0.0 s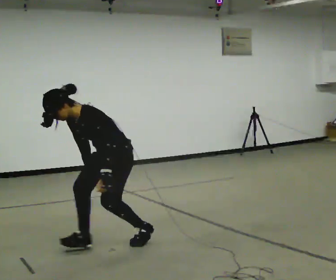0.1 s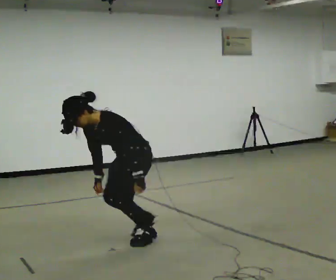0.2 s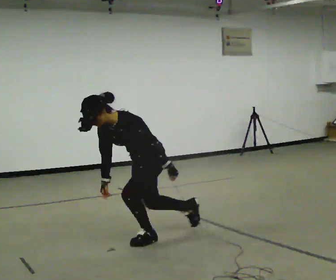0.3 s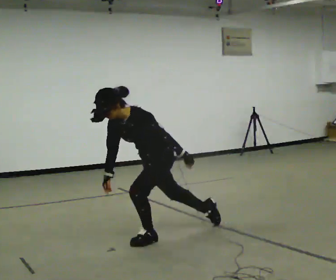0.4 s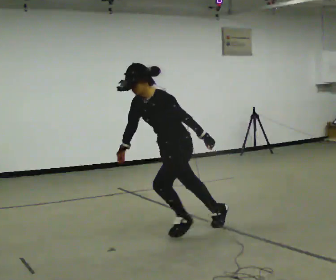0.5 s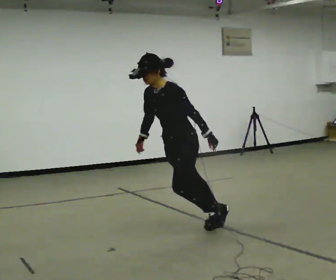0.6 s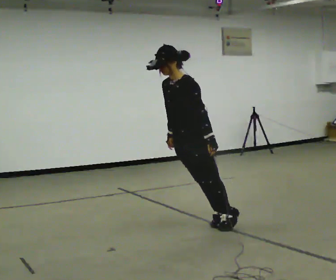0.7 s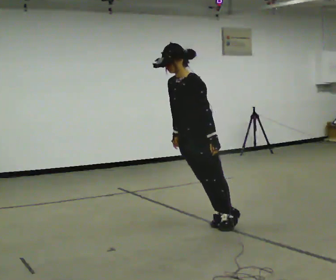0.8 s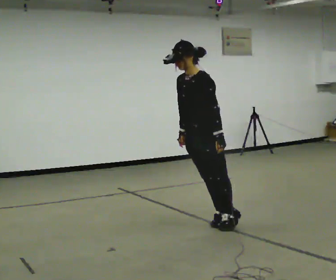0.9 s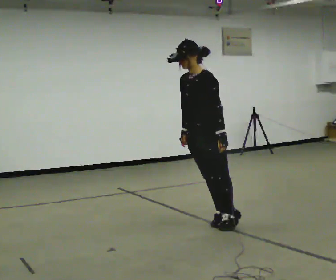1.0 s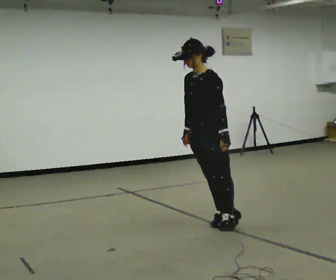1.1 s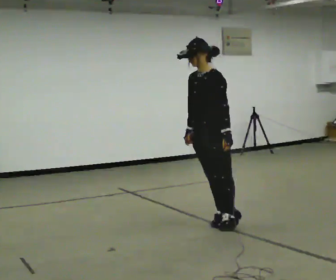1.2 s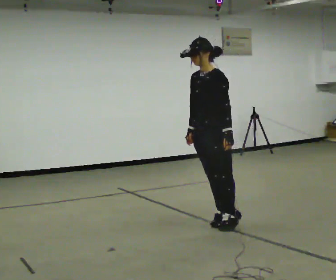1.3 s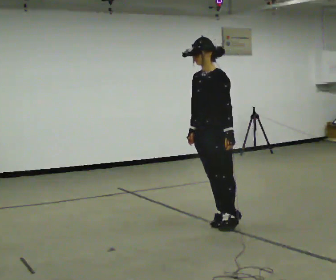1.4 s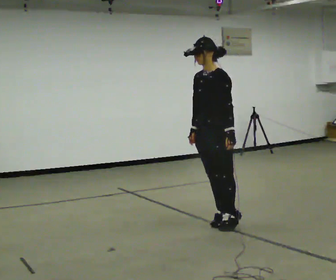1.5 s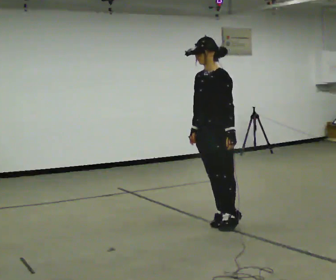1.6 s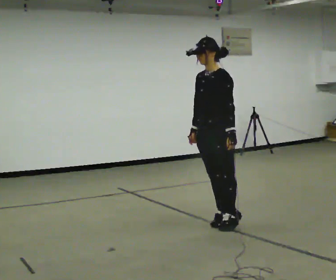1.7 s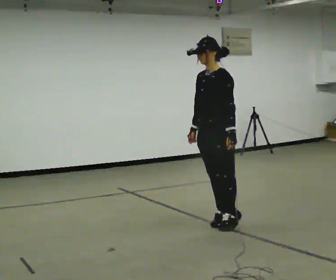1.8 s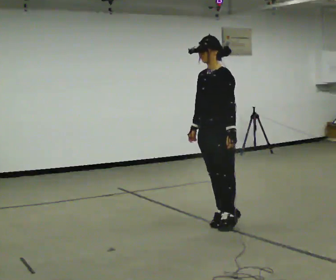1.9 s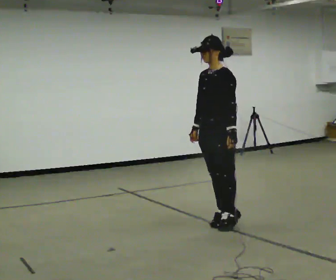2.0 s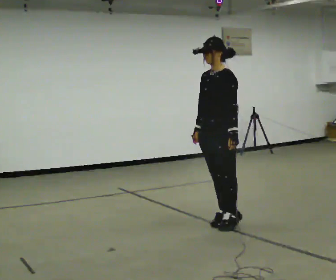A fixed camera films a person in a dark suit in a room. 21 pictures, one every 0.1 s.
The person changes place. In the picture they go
to the right.
0.0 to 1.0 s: In the picture they go to the right and away from the camera, about 1 m in 1 step, which for them is backward. The shoulders move upward. In the picture the upper body tilts clockwise, shoulders to the right, as they lean back or straighten.
1.0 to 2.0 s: The person moves a little, or ends about where they began.
The film runs backward here.
